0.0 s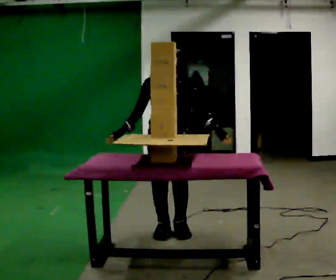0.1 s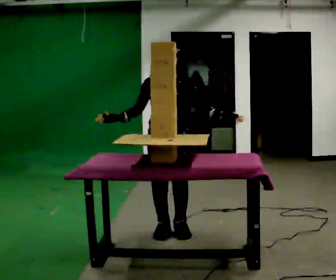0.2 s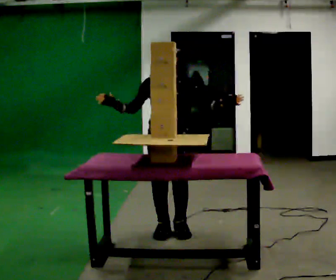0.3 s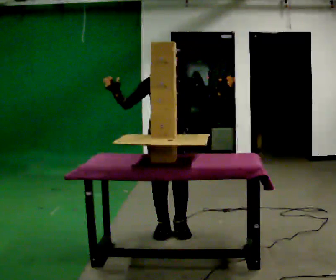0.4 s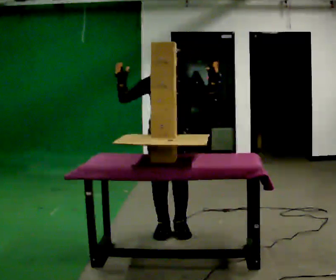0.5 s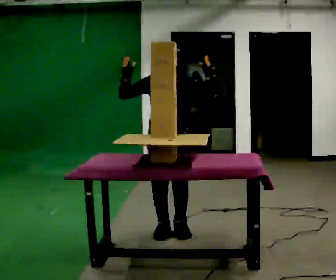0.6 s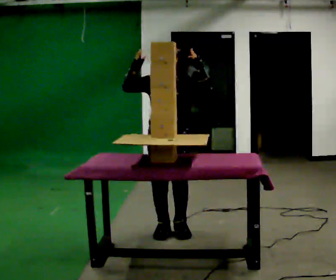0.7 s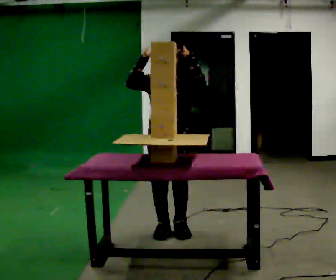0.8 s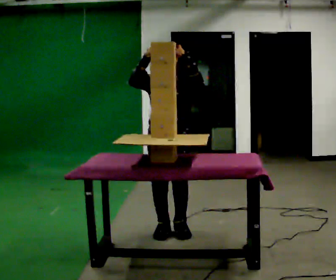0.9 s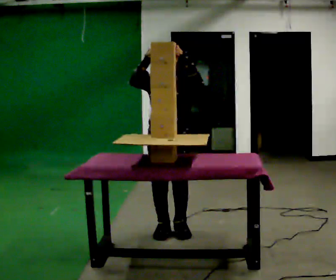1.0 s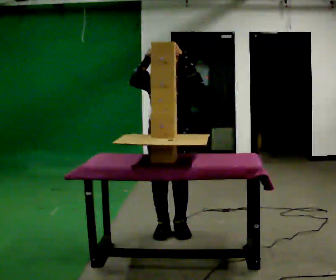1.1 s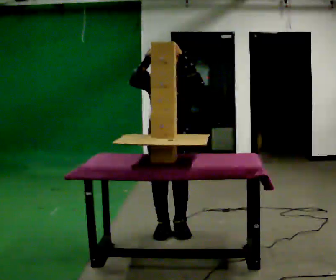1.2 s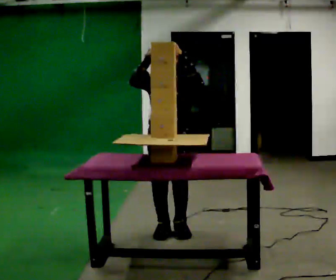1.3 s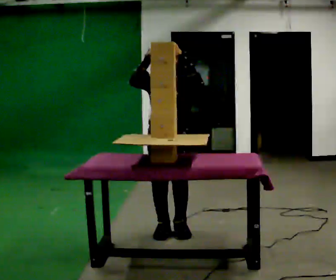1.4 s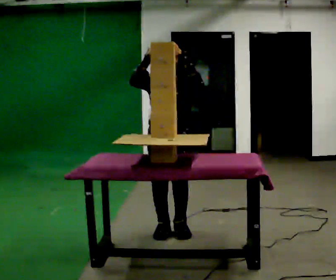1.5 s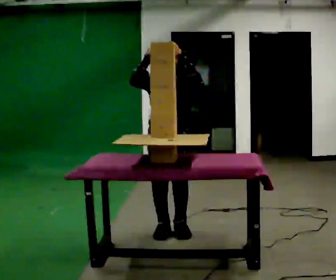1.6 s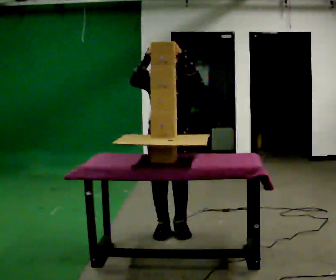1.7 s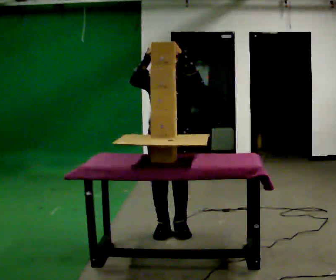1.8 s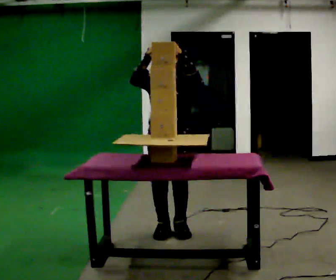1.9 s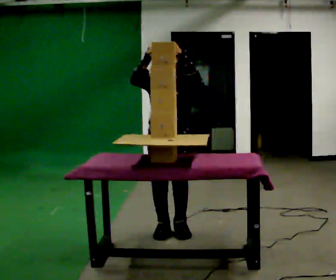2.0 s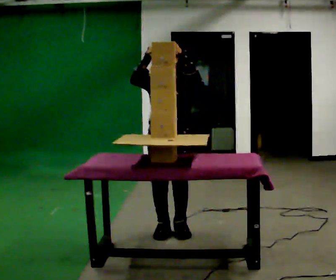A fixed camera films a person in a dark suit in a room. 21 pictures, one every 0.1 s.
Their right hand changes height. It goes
upward.
Their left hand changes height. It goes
upward.
0.0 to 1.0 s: In the picture their left hand goes upward.
1.0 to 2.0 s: The person keeps their place and pose.
The film runs backward here.
